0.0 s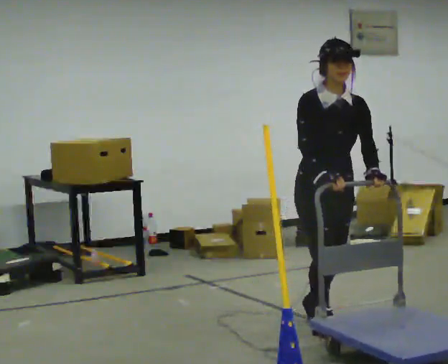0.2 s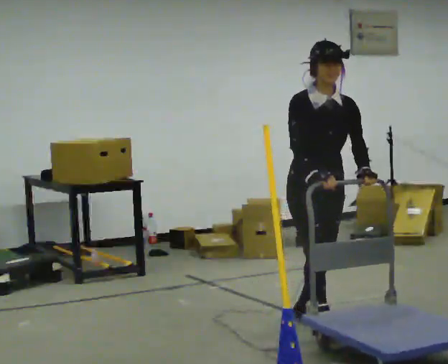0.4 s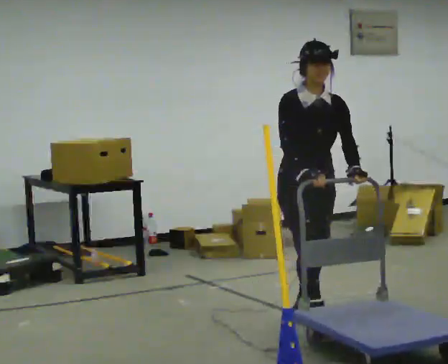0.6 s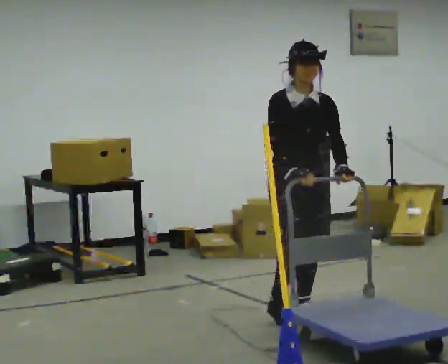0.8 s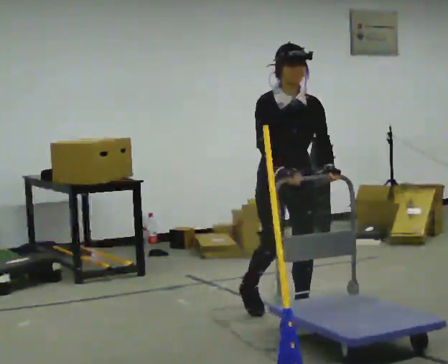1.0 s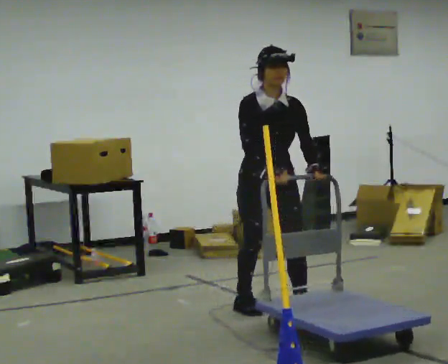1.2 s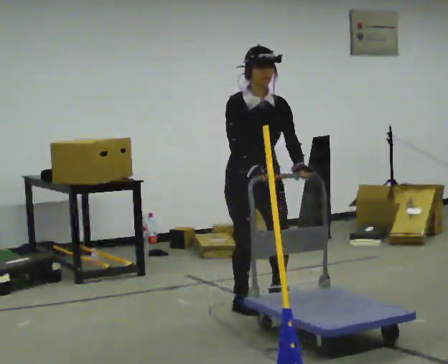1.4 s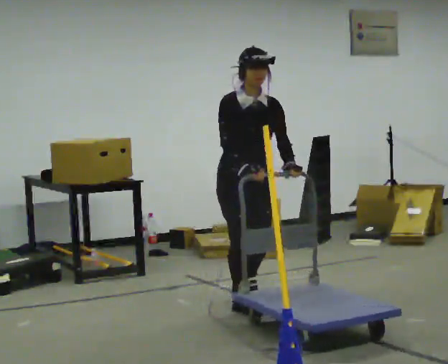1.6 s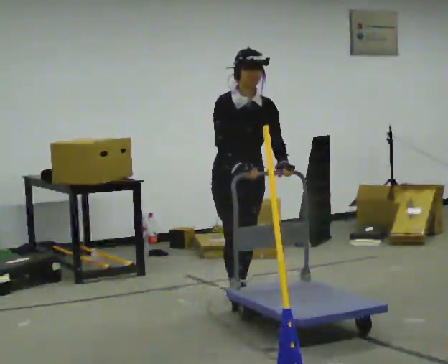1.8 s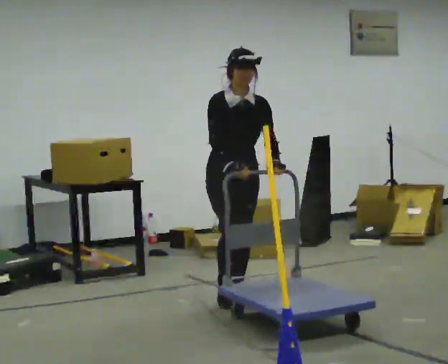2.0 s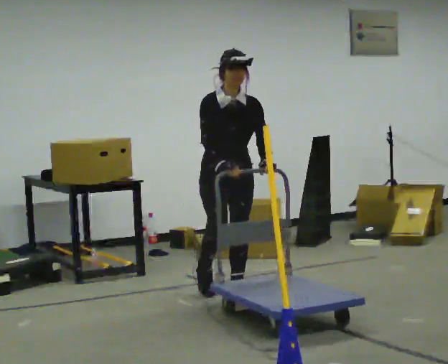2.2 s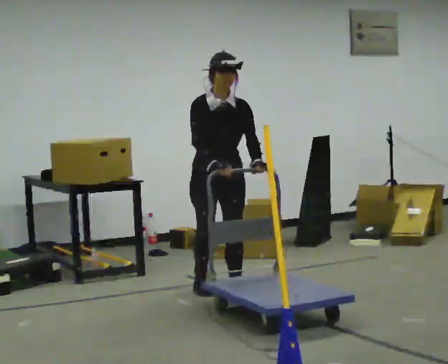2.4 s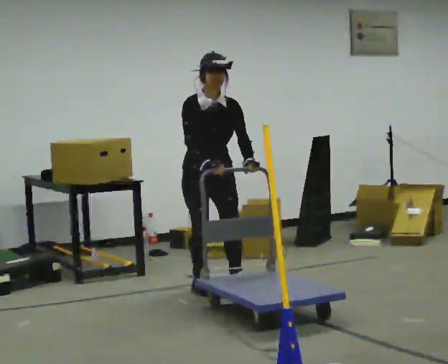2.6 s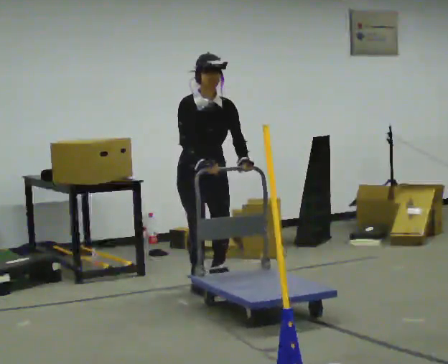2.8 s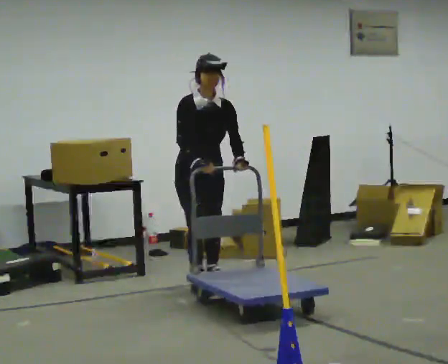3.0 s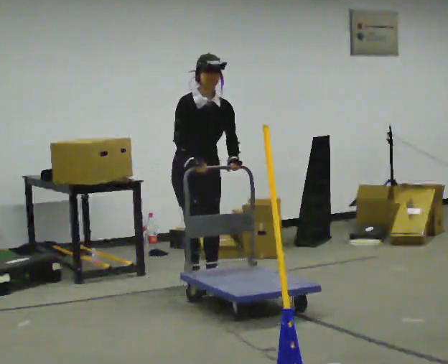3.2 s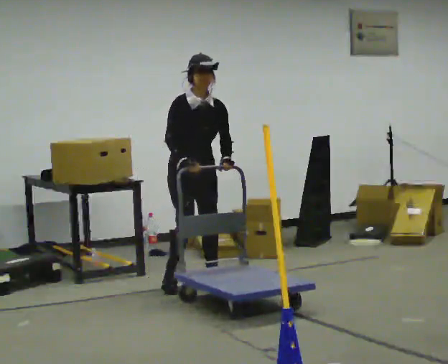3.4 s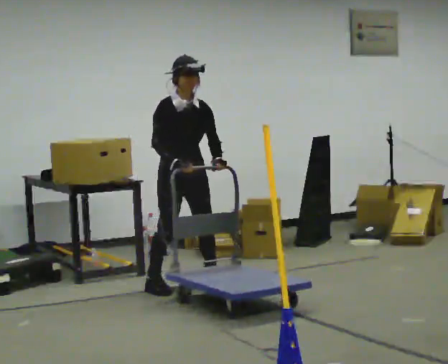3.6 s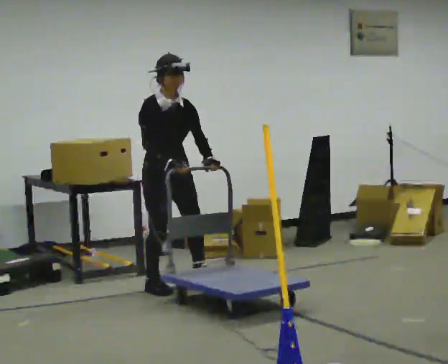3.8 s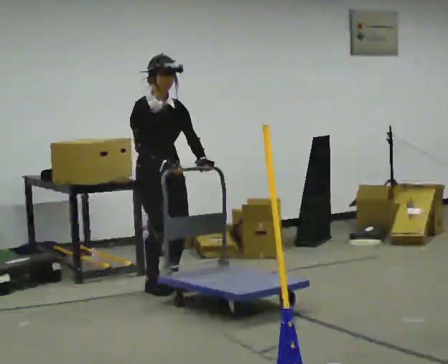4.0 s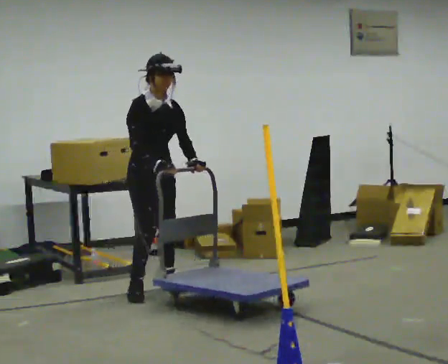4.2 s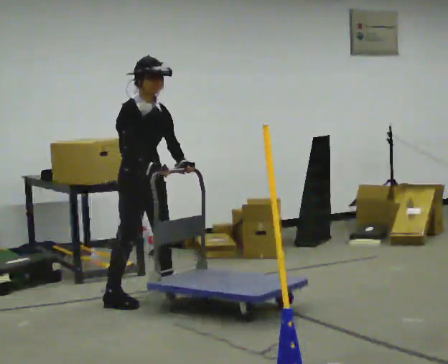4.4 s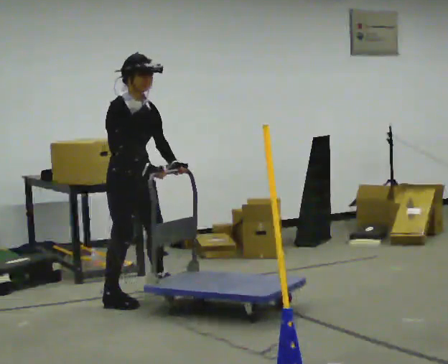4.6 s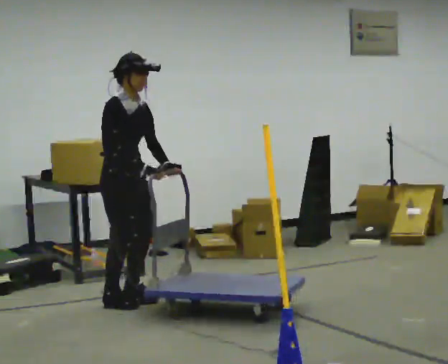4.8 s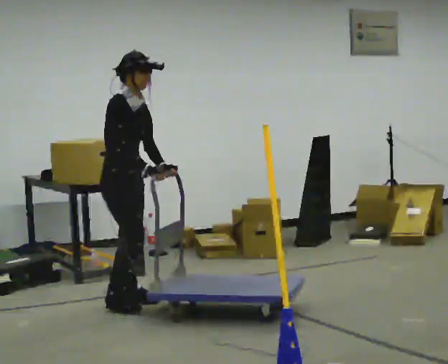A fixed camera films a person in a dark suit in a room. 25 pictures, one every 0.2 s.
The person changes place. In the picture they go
to the left.
The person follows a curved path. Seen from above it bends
counterclockwise.
0.0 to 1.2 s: In the picture they go away from the camera and to the left, about 0.75 m in 2 steps, which for them is backward.
1.2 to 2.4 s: In the picture they go away from the camera and to the left, about 0.75 m in 2 steps, which for them is backward.
2.4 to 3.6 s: In the picture they go to the left, about 0.25 m in 2 steps, which for them is backward and to their right.
3.6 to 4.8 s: Seen from above the body turns counterclockwise, about 30 degrees: to their left, with its near side sliding to the right. In the picture they go toward the camera and to the left, about 0.5 m in 3 steps, which for them is to their right.
The film runs backward here.
